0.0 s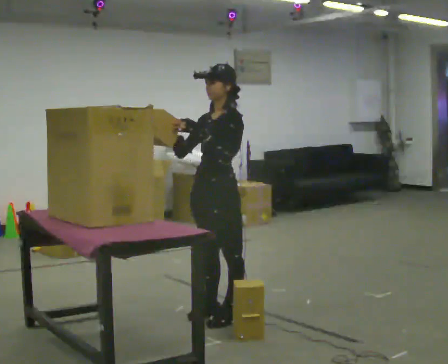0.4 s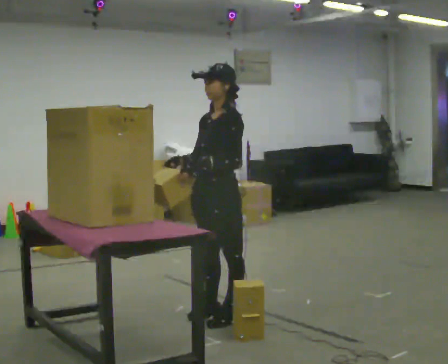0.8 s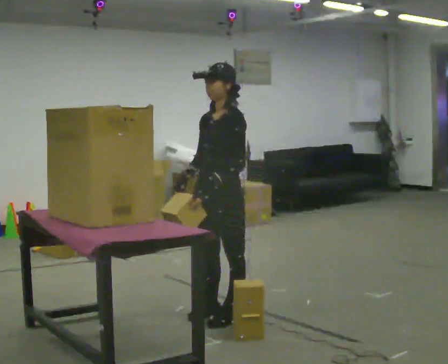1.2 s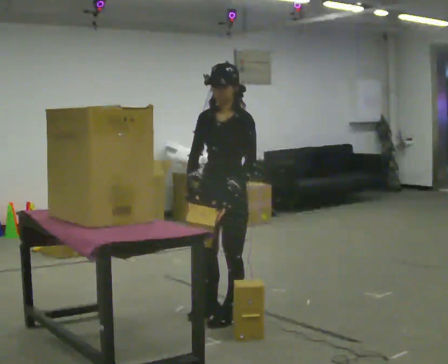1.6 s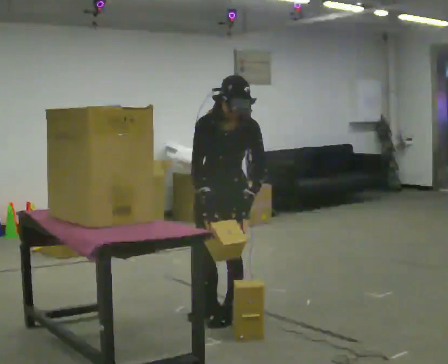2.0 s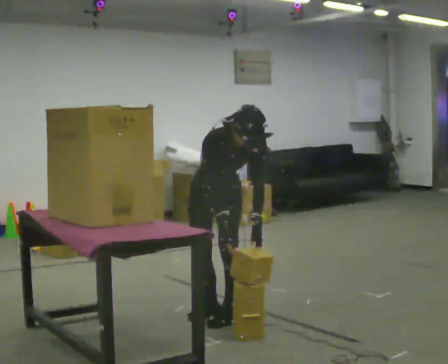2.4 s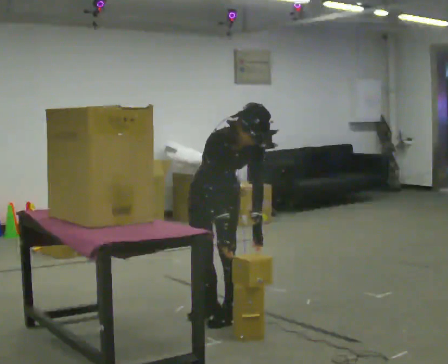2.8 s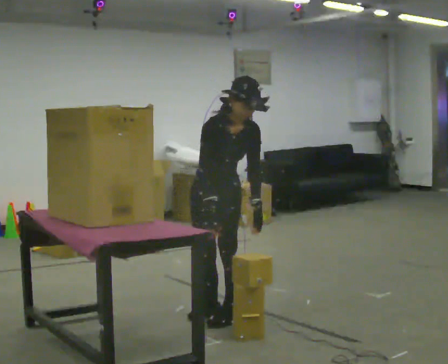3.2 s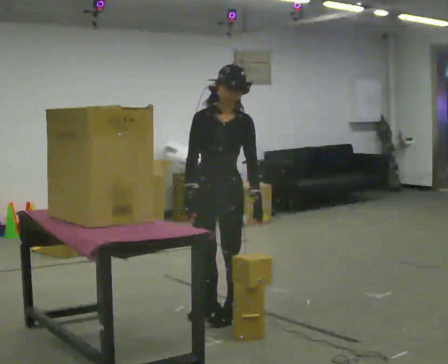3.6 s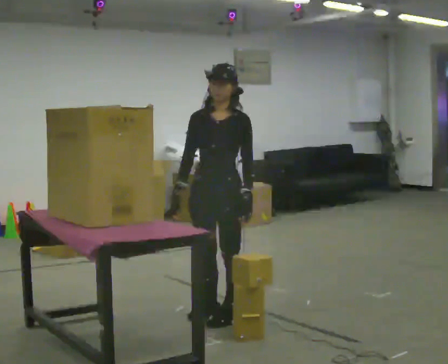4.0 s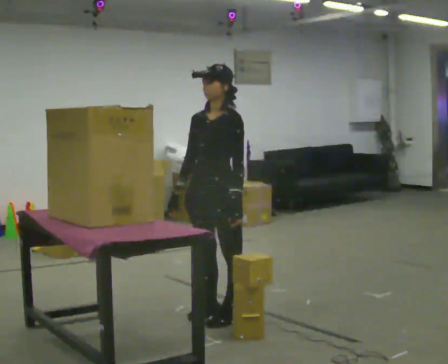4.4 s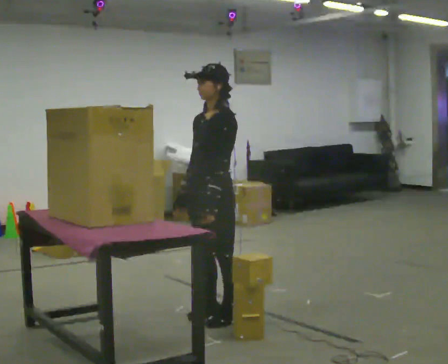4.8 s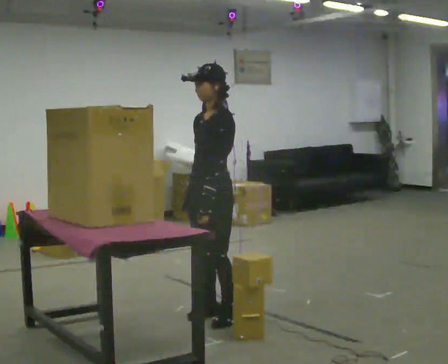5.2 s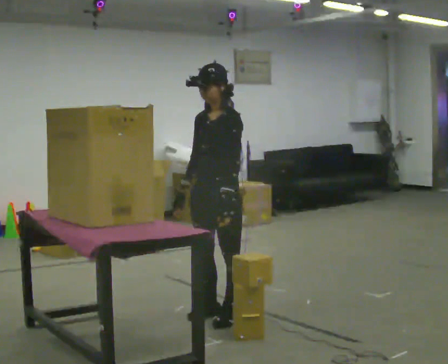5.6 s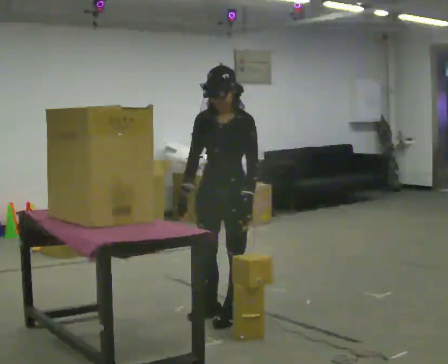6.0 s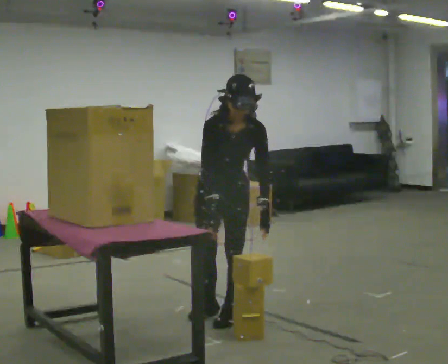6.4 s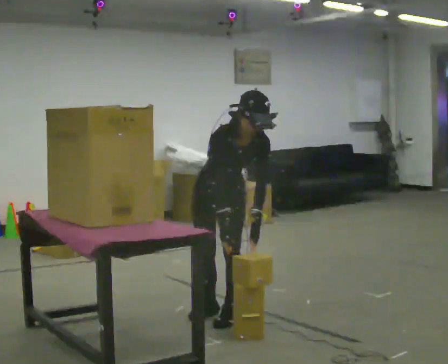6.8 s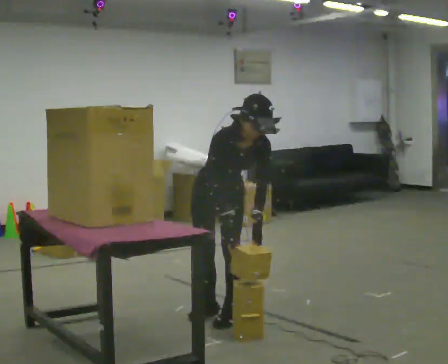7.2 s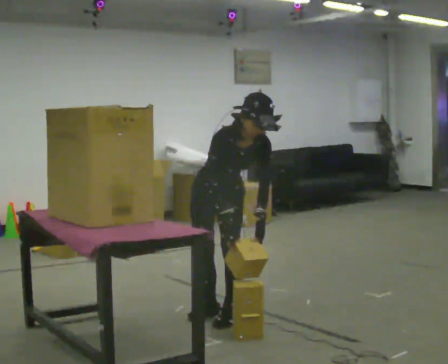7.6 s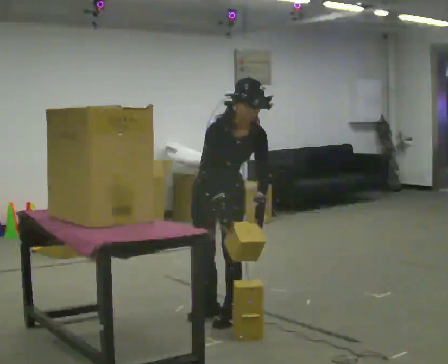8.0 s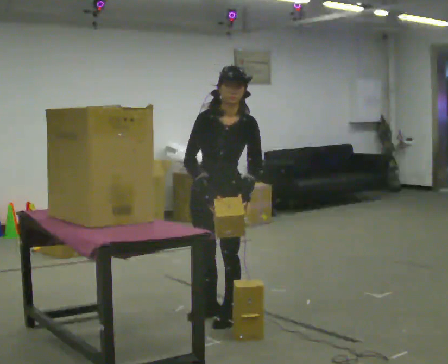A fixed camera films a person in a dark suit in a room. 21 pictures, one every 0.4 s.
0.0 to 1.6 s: The part of the body nearest the lens slides to the right as the person turns to their left by about 45 degrees. The upper body tips toward the camera, its near side rolling downward, as they bend forward. In the picture their left hand goes downward.
1.6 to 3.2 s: The person moves a little, or ends about where they began.
3.2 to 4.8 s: The person turns about 60 degrees to their right, clockwise seen from above, so the part of the body nearest the lens slides to the left.
4.8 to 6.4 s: Seen from above the body turns counterclockwise, about 60 degrees: to their left, with its near side sliding to the right. The upper body tips toward the camera, its near side rolling downward, as they bend forward. In the picture their left hand goes to the right.
6.4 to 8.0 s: The upper body tips away from the camera, its near side rolling upward, as they lean back or straighten.
The film runs backward here.
